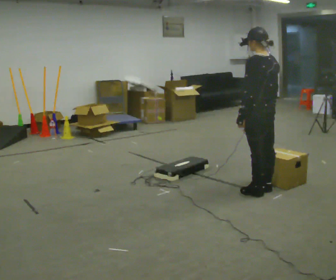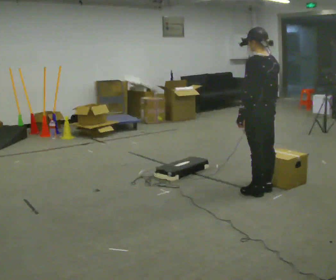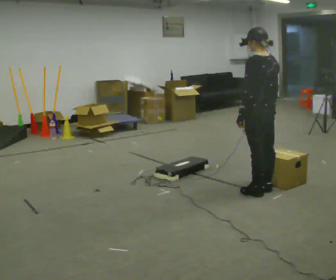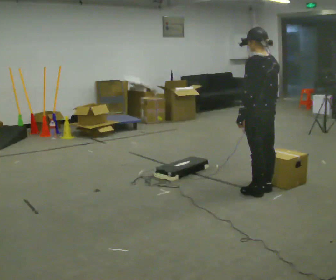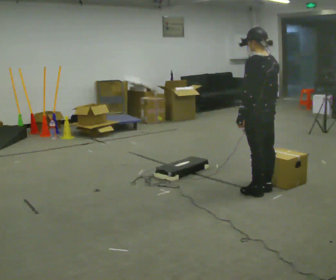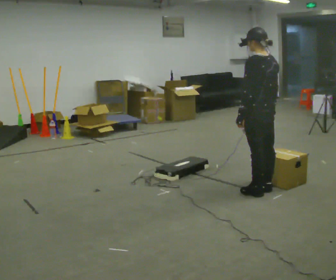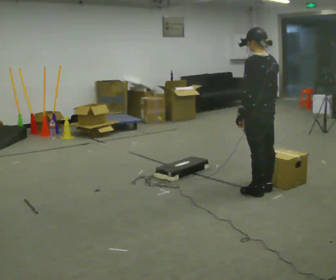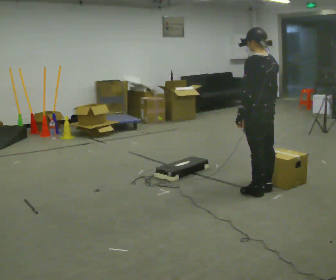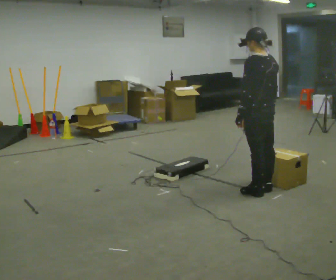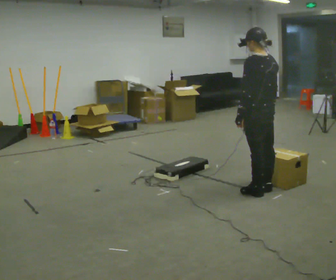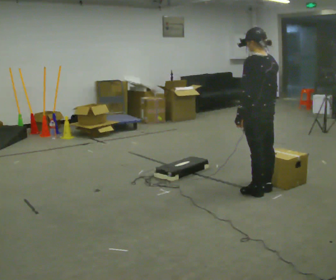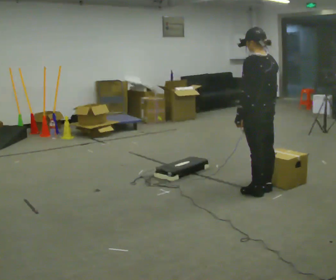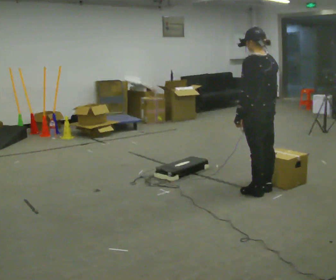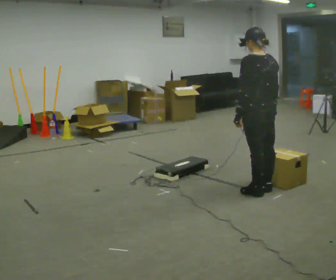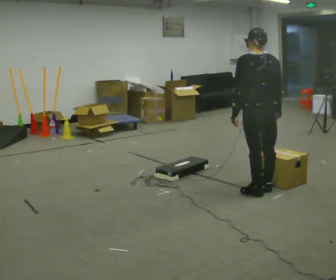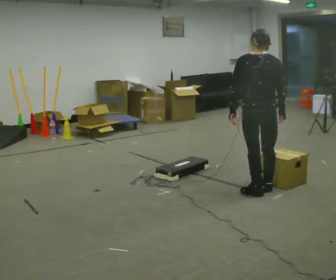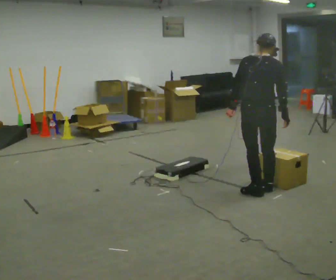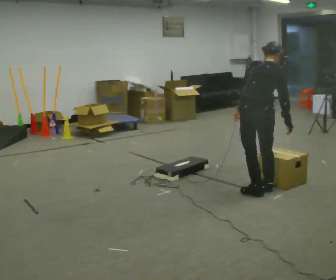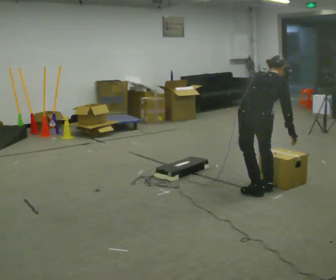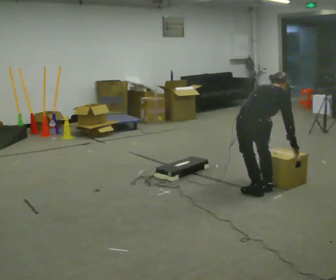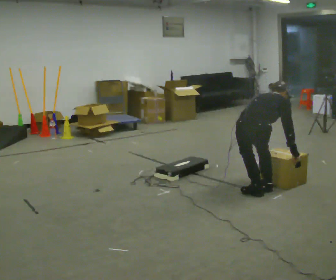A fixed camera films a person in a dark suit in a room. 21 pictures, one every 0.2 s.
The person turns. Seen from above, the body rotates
clockwise.
The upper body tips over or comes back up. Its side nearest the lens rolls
upward.
0.0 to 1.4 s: The person keeps their place and pose.
1.4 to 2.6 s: The person moves a little, or ends about where they began.
2.6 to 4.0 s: The person turns about 75 degrees to their right, clockwise seen from above, so the part of the body nearest the lens slides to the left. In the picture they go toward the camera, about 0.25 m. The shoulders move downward. The upper body tips away from the camera, its near side rolling upward, as they bend forward. In the picture their left hand goes downward and to the right.
The film runs forward here.
